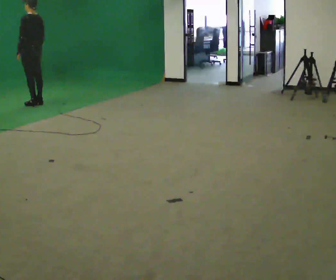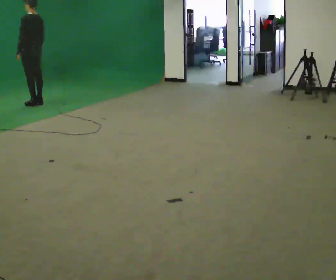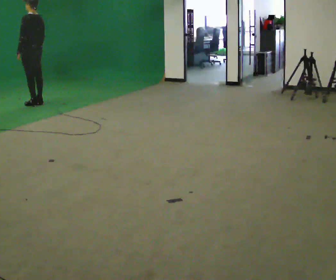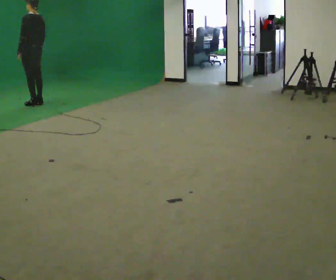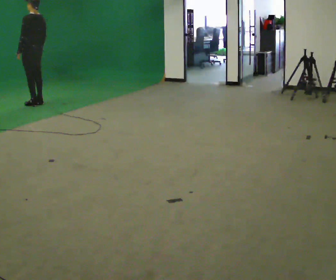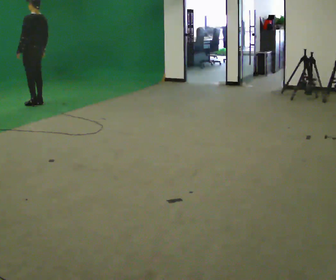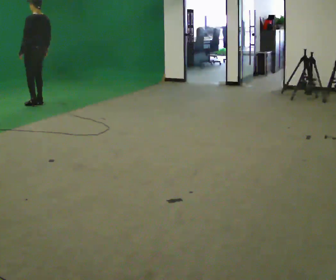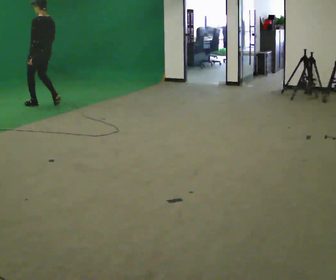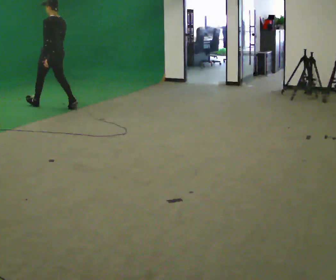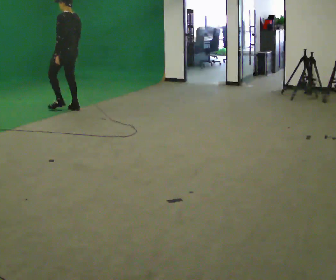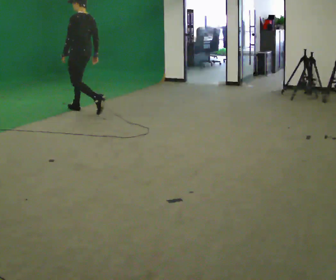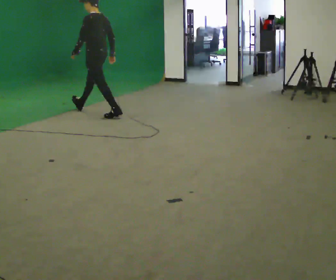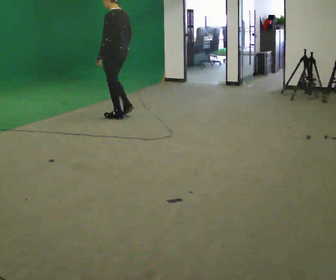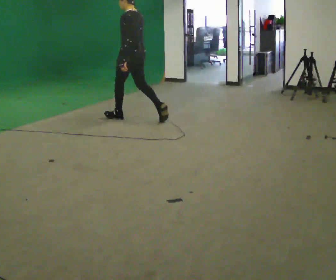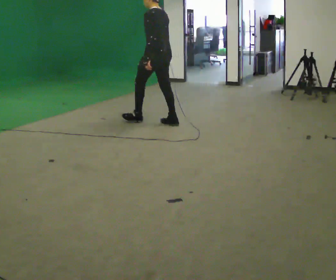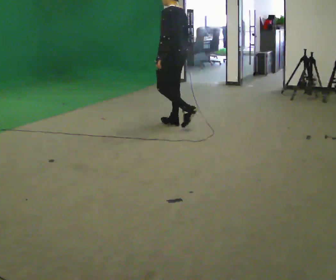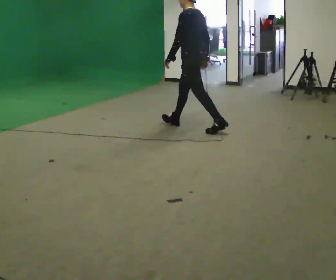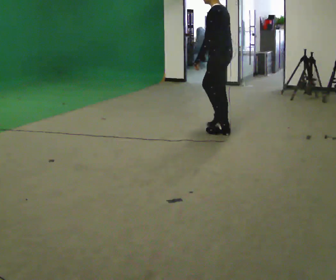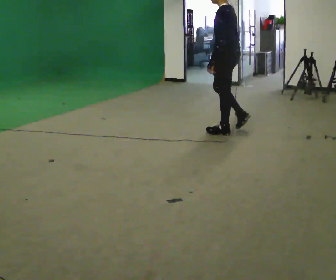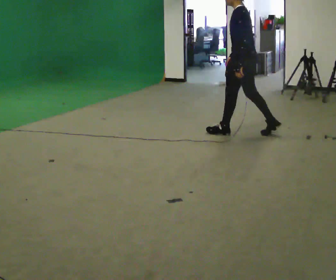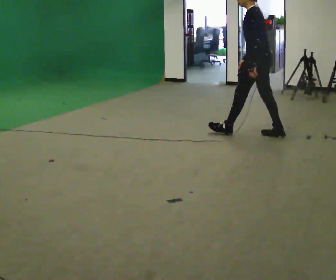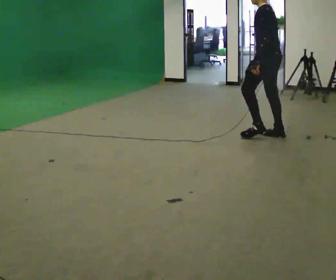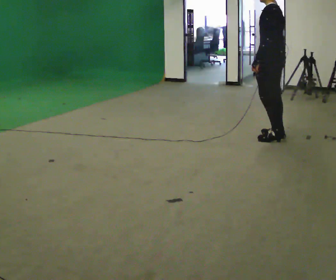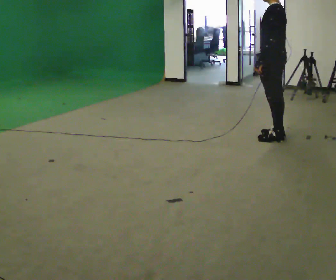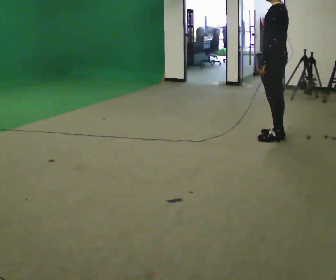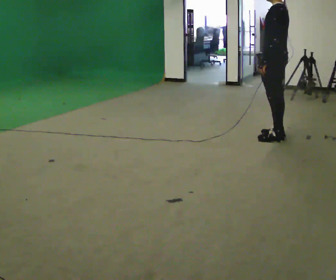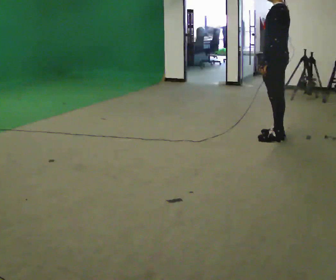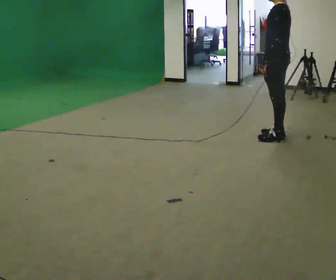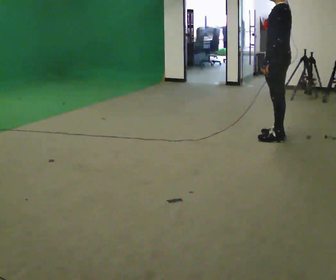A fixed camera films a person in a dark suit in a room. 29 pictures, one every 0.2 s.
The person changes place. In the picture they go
to the right.
0.0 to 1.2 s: The person moves a little, or ends about where they began.
1.2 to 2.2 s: In the picture they go to the right and toward the camera, about 1 m in 2 steps, which for them is backward.
2.2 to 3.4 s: In the picture they go to the right and toward the camera, about 1.5 m in 2 steps, which for them is backward.
3.4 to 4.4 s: In the picture they go to the right and toward the camera, about 0.5 m in 1 step, which for them is backward.
4.4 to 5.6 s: The person moves a little, or ends about where they began.
The film runs backward here.
